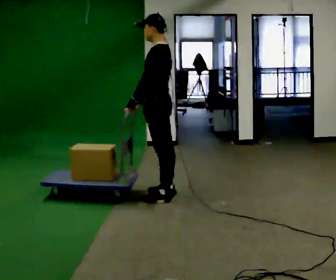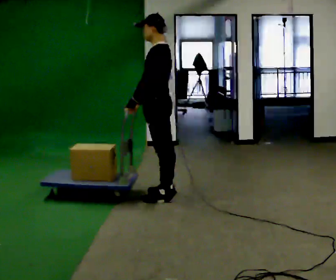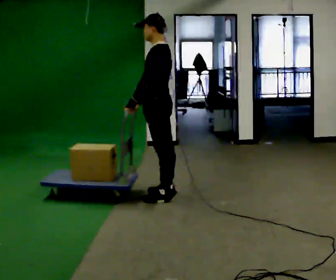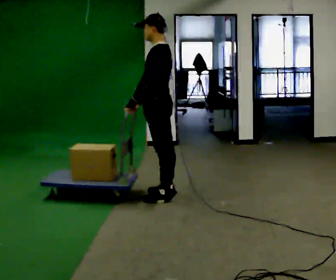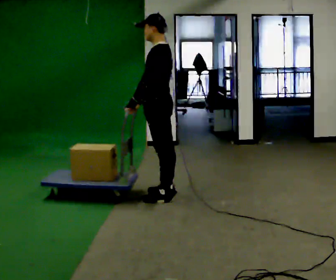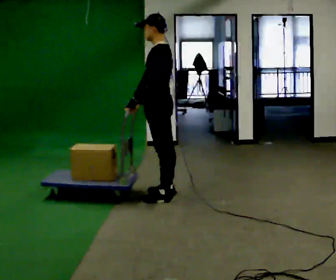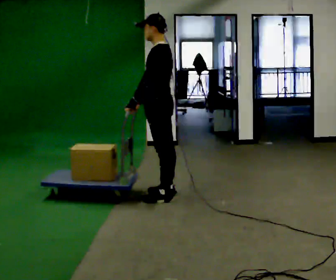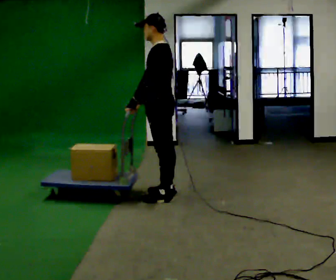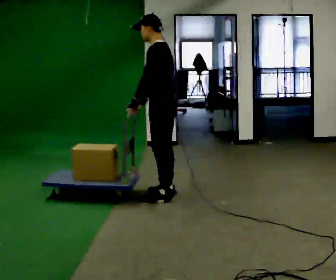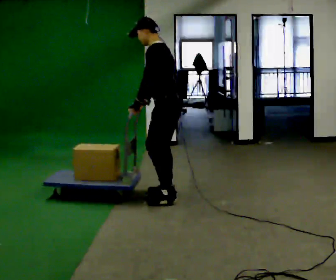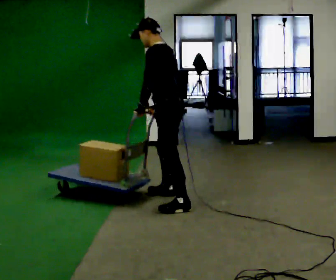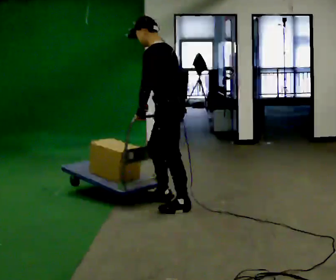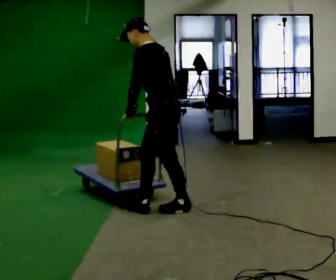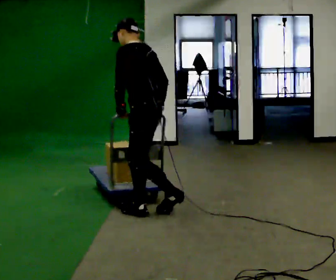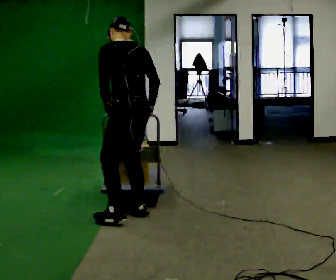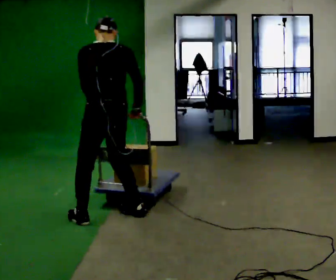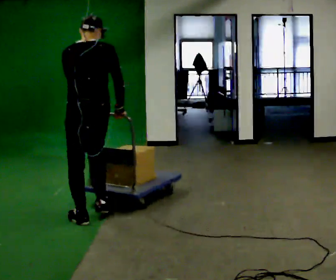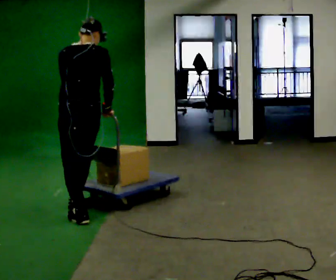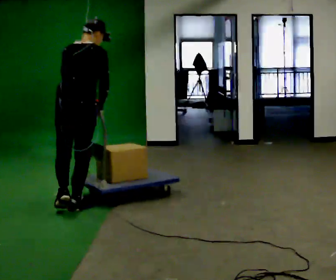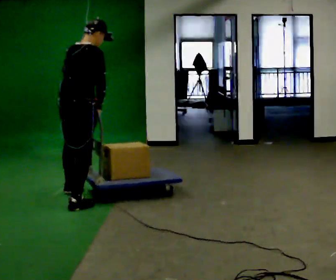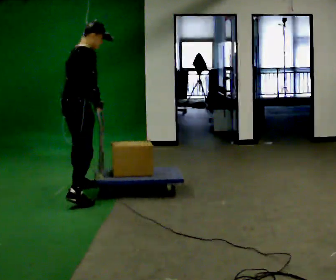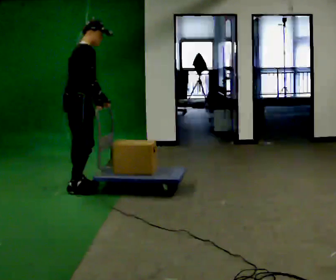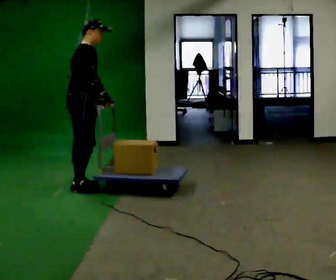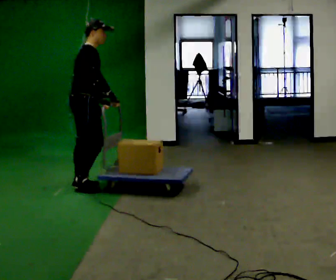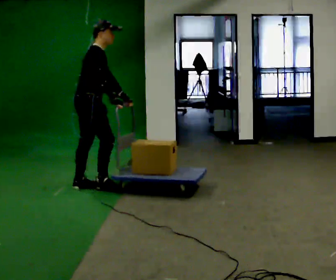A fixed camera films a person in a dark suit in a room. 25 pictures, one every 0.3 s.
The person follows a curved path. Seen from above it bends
clockwise.
The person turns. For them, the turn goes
to their right.
0.0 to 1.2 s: The person keeps their place and pose.
1.2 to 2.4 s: The person moves a little, or ends about where they began.
2.4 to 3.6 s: In the picture they go toward the camera, about 0.5 m in 1 step, which for them is to their left.
3.6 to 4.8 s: The part of the body nearest the lens slides to the left as the person turns to their right by about 75 degrees. In the picture they go to the left and toward the camera, about 0.75 m in 2 steps.
4.8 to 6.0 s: The part of the body nearest the lens slides to the left as the person turns to their right by about 75 degrees. In the picture they go away from the camera and to the left, about 1 m in 2 steps.
6.0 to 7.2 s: In the picture they go away from the camera, about 0.25 m in 1 step, which for them is to their left and forward.
The film runs forward here.
